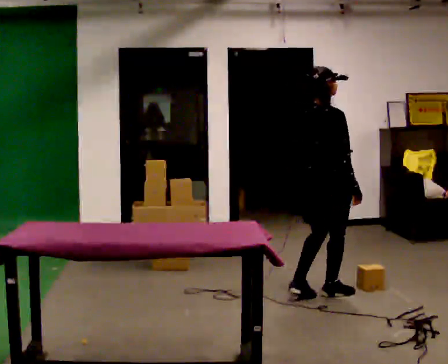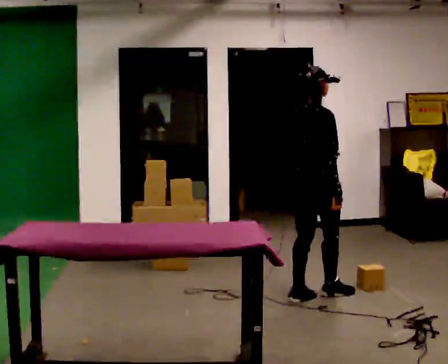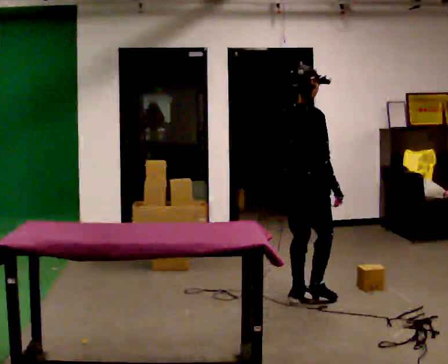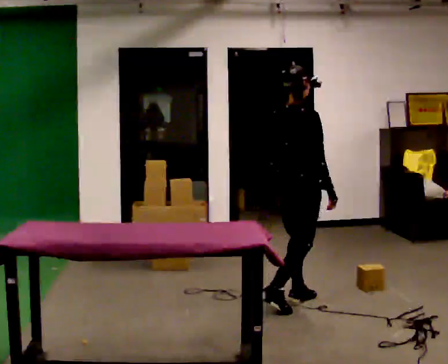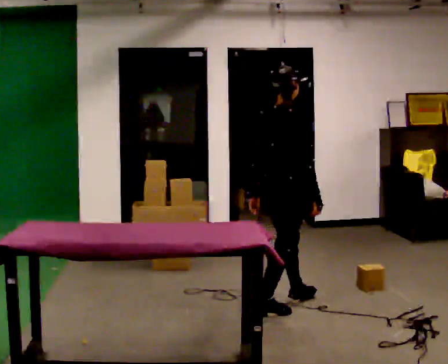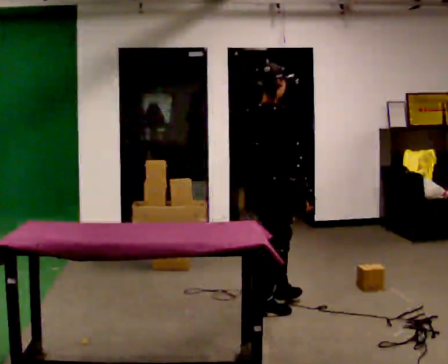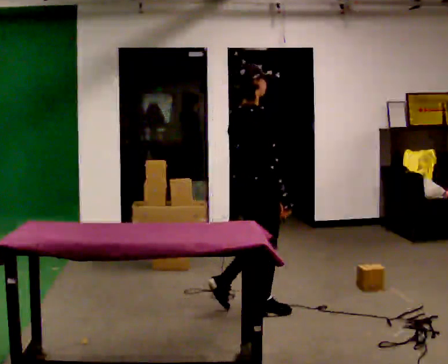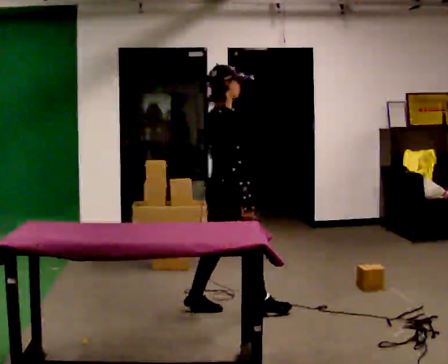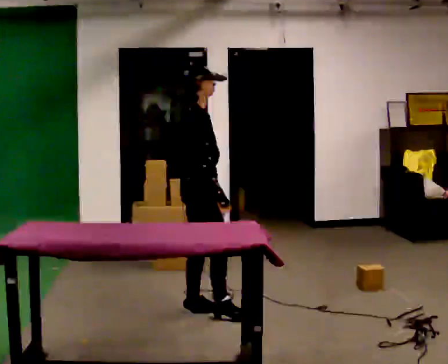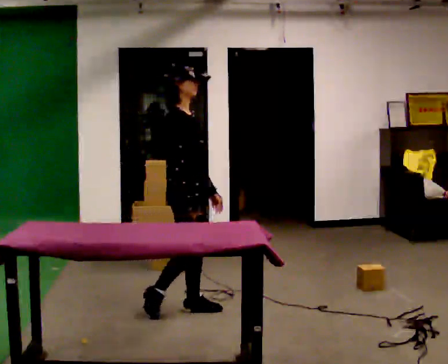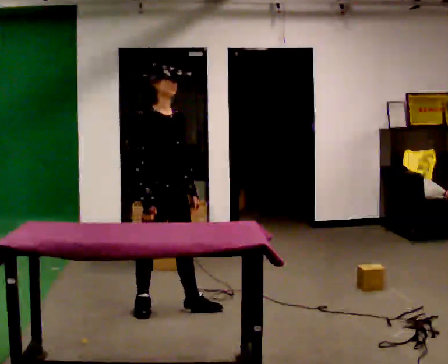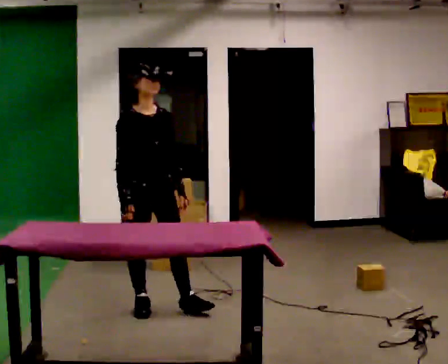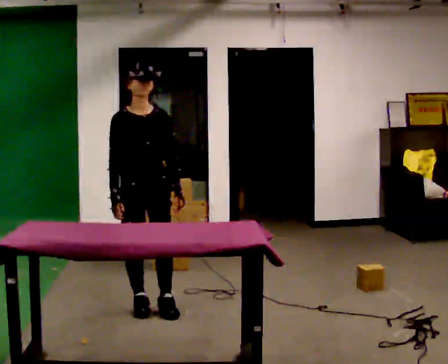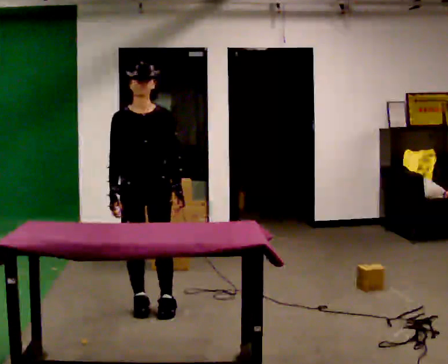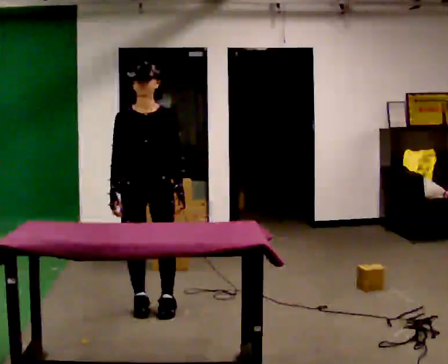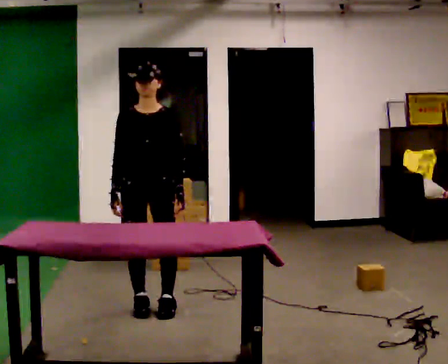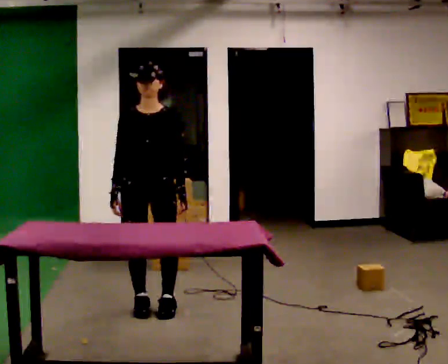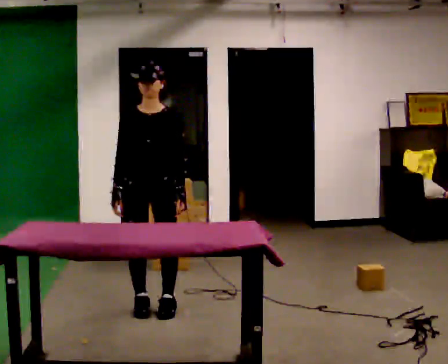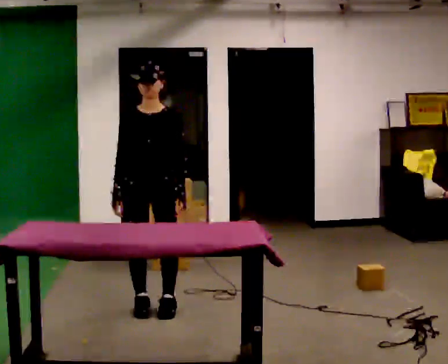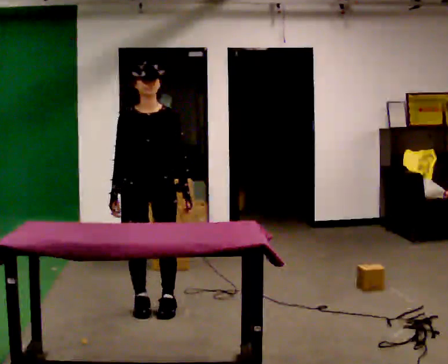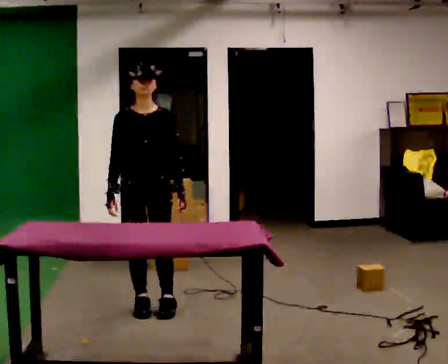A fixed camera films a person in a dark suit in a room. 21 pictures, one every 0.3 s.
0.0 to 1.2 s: In the picture they go to the left and toward the camera, about 0.5 m in 1 step, which for them is backward.
1.2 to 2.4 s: The person turns about 30 degrees to their right, clockwise seen from above, so the part of the body nearest the lens slides to the left. In the picture they go to the left, about 0.5 m in 2 steps, which for them is backward and to their left.
2.4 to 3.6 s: Seen from above the body turns clockwise, about 60 degrees: to their right, with its near side sliding to the left. In the picture they go to the left, about 0.25 m.
3.6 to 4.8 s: The part of the body nearest the lens slides to the left as the person turns to their right by about 30 degrees.
4.8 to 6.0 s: The person moves a little, or ends about where they began.
The film runs backward here.
